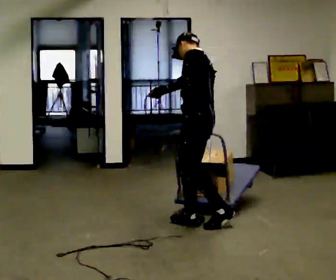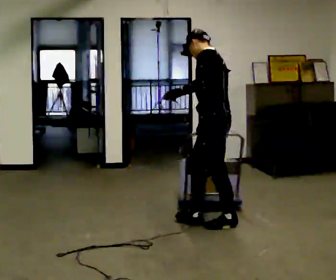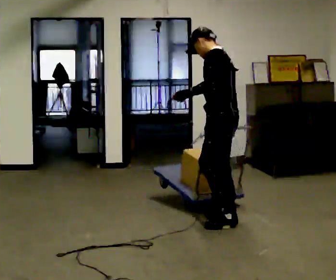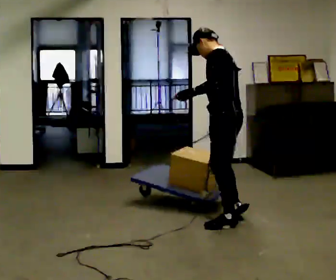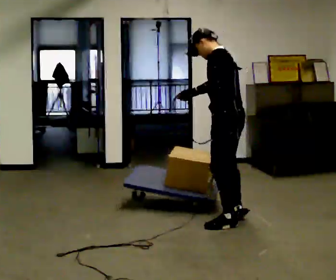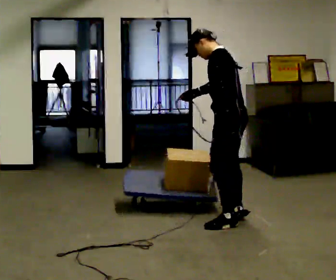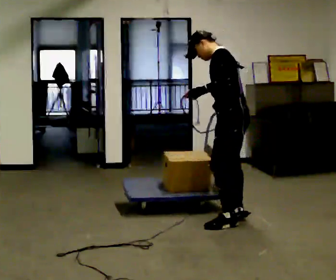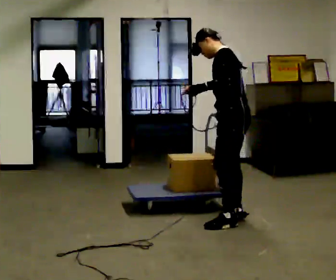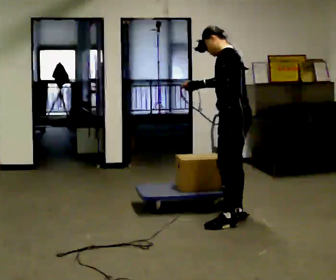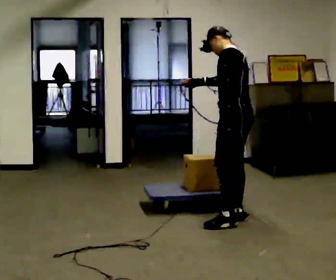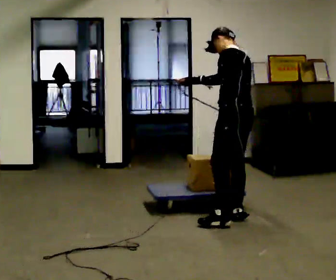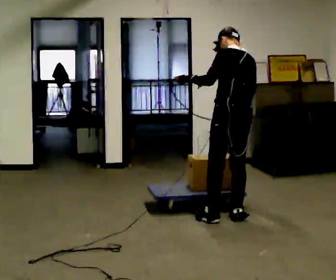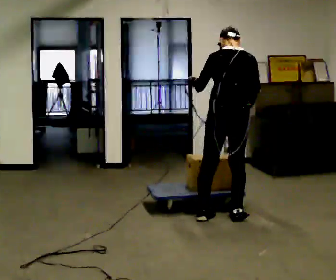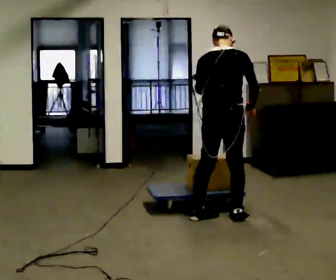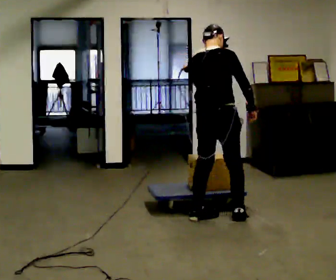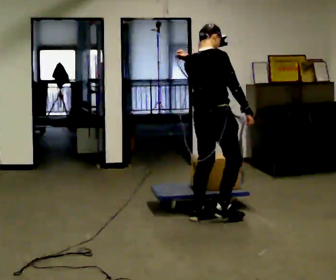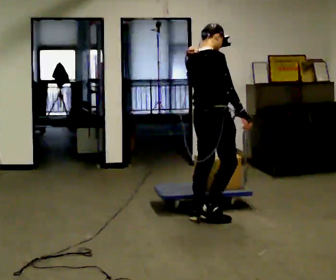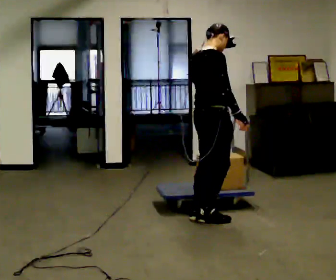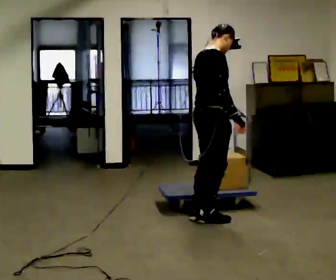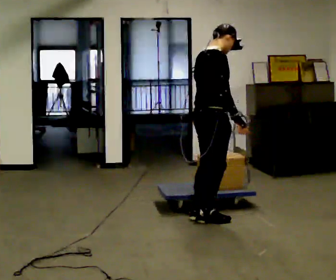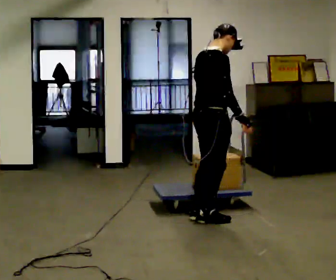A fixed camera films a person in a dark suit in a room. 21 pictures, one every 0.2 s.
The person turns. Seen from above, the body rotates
clockwise.
The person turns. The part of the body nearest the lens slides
to the left.
0.0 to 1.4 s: In the picture they go to the right, about 0.25 m in 1 step, which for them is backward and to their right.
1.4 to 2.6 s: The person turns about 90 degrees to their right, clockwise seen from above, so the part of the body nearest the lens slides to the left.
2.6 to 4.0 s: The person turns about 60 degrees to their right, clockwise seen from above, so the part of the body nearest the lens slides to the left.
The film runs backward here.
